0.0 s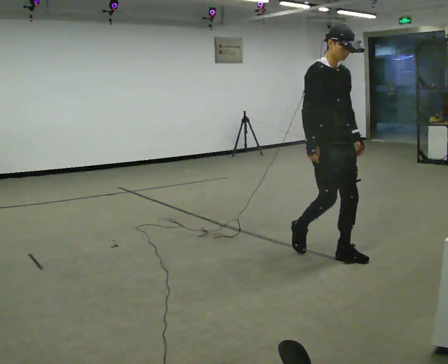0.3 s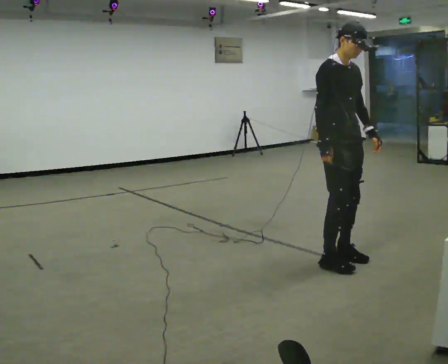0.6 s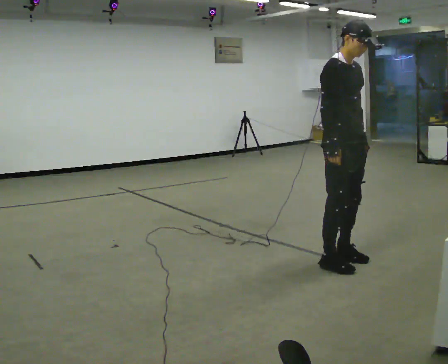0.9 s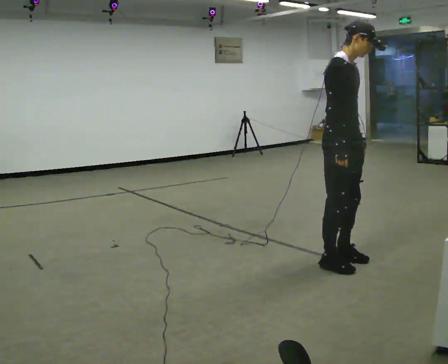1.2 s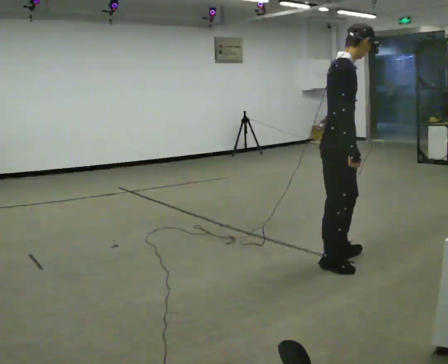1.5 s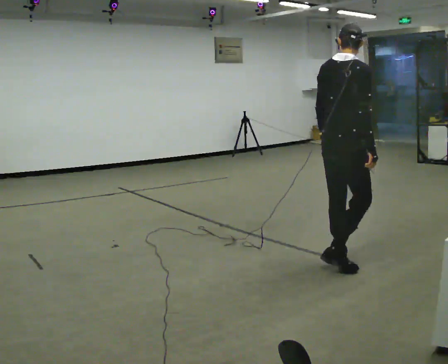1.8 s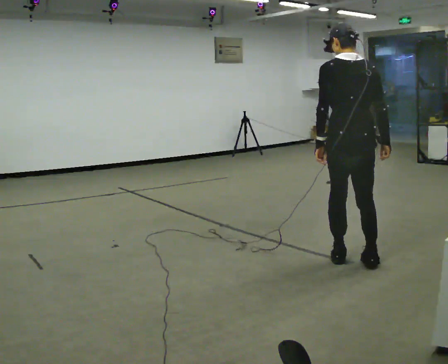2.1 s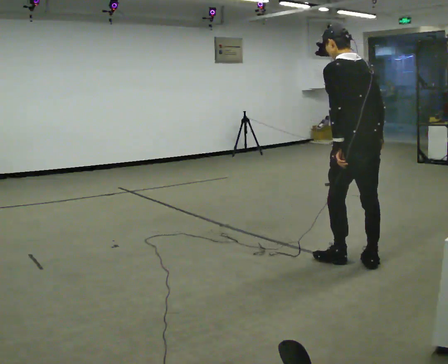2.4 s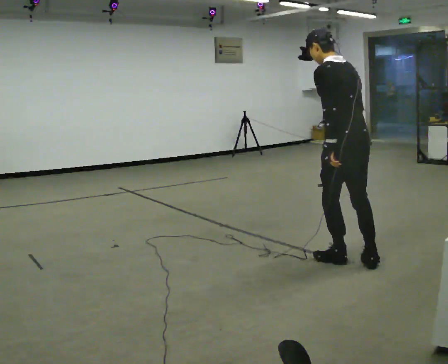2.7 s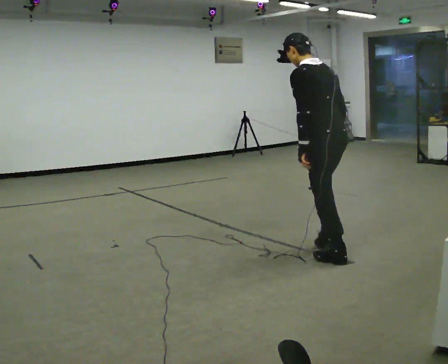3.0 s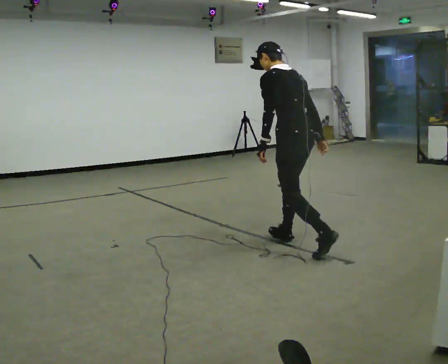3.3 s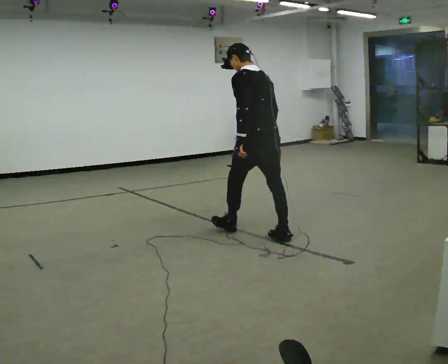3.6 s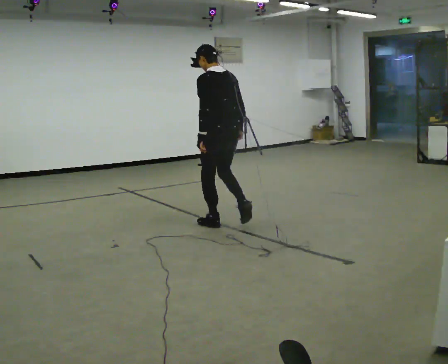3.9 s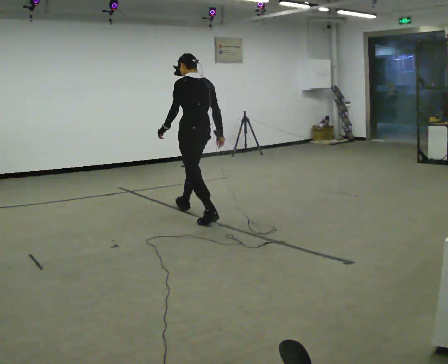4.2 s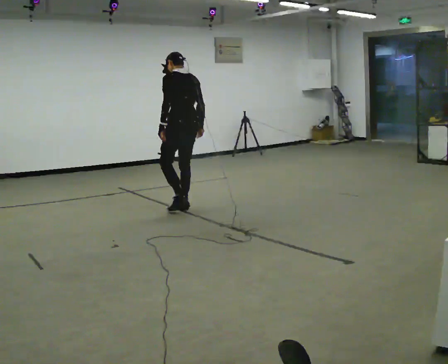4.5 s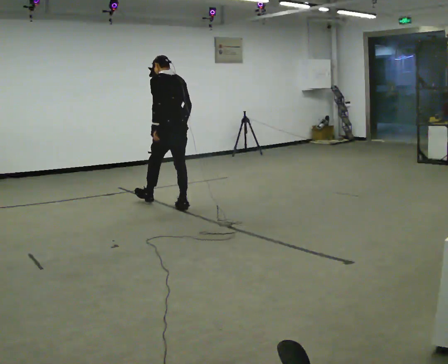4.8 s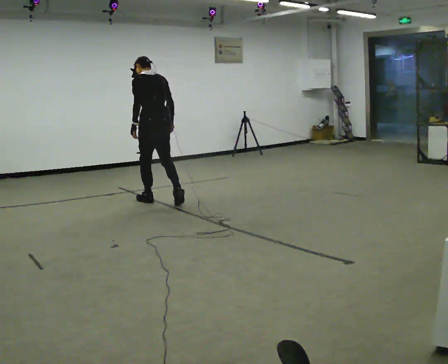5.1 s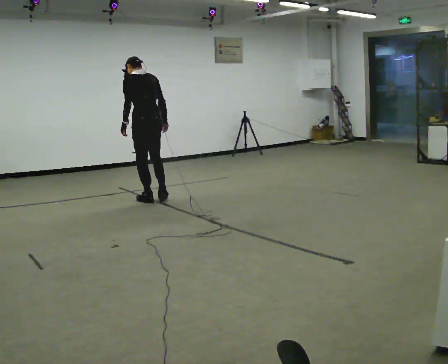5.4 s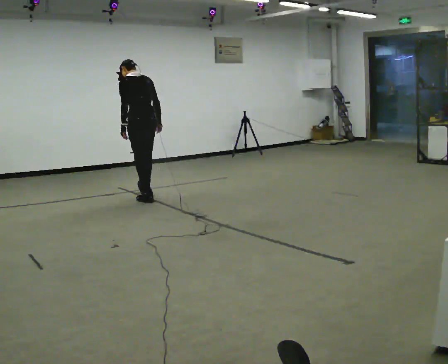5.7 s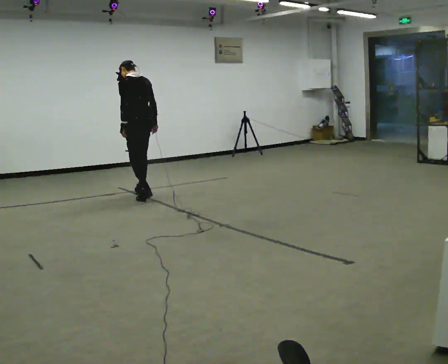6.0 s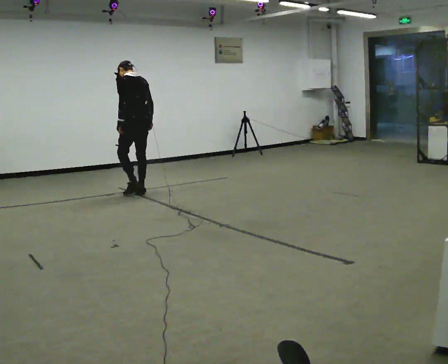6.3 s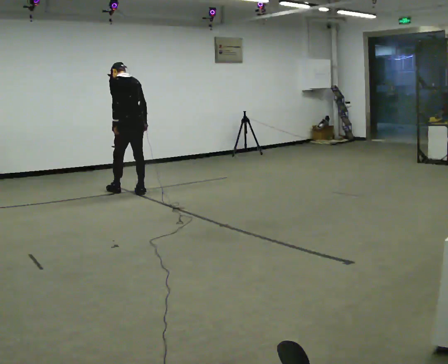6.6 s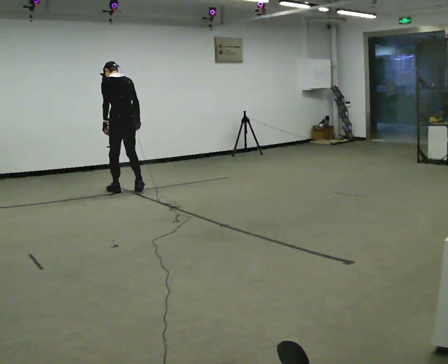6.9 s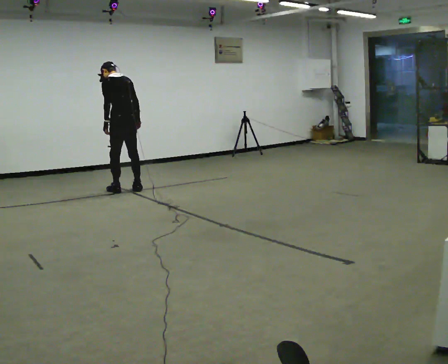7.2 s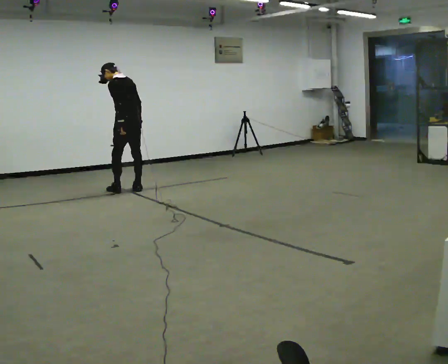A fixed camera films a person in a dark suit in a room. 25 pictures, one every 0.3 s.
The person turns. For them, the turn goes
to their left.
The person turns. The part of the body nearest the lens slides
to the right.
0.0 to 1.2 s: Seen from above the body turns counterclockwise, about 60 degrees: to their left, with its near side sliding to the right. In the picture they go toward the camera, about 0.25 m in 1 step, which for them is forward and to their right.
1.2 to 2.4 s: Seen from above the body turns counterclockwise, about 120 degrees: to their left, with its near side sliding to the right. In the picture the upper body tilts counterclockwise, shoulders to the left.
2.4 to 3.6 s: In the picture they go away from the camera and to the left, about 1.5 m in 2 steps, which for them is forward.
3.6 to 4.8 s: In the picture they go away from the camera and to the left, about 1 m in 2 steps, which for them is forward.
4.8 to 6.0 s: In the picture they go away from the camera and to the left, about 0.5 m in 1 step, which for them is forward.
6.0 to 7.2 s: In the picture they go away from the camera, about 0.25 m in 2 steps, which for them is forward.
The film runs forward here.
